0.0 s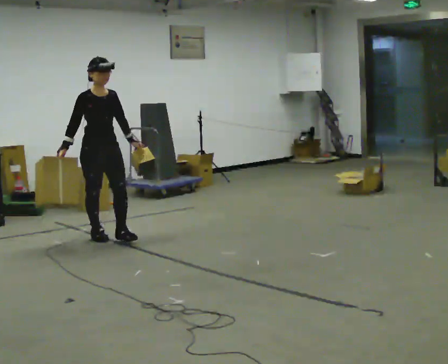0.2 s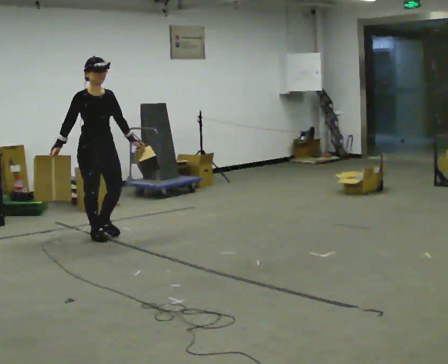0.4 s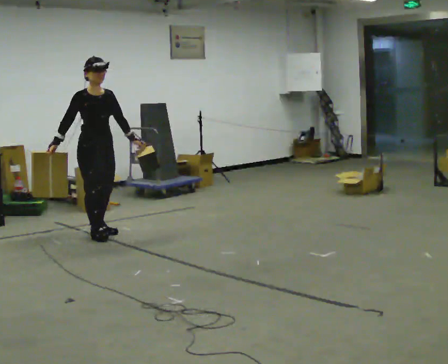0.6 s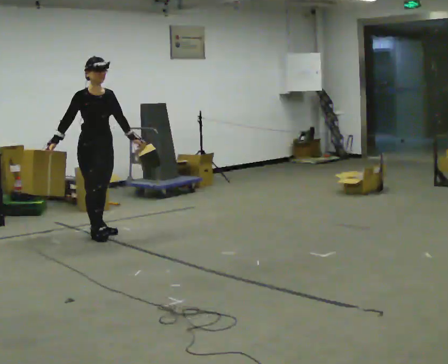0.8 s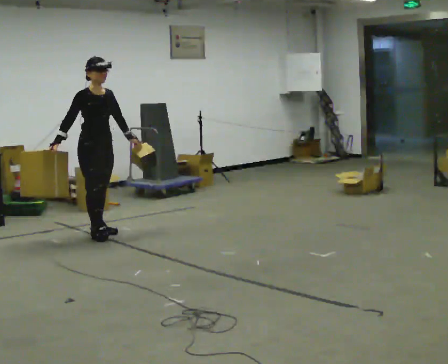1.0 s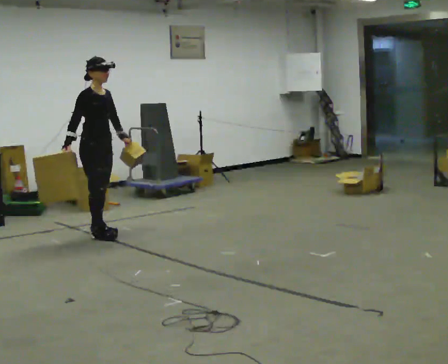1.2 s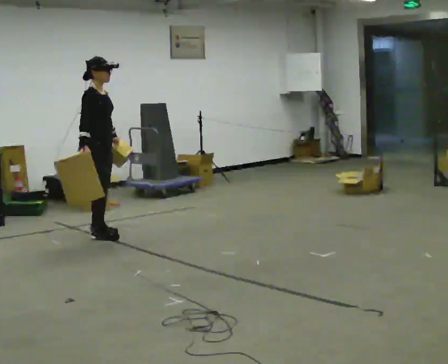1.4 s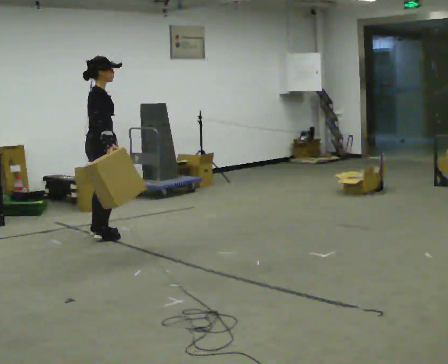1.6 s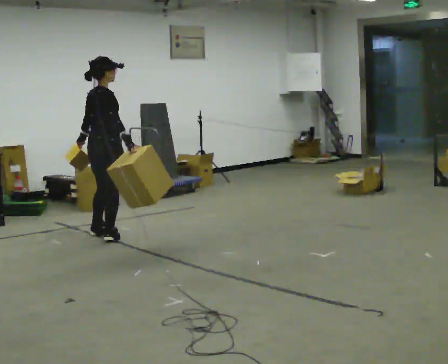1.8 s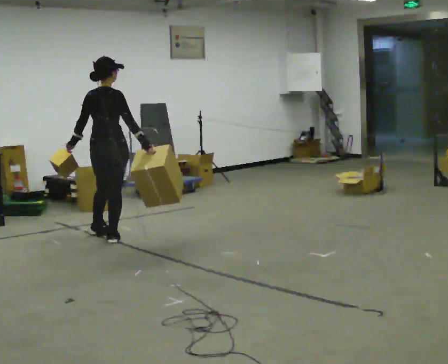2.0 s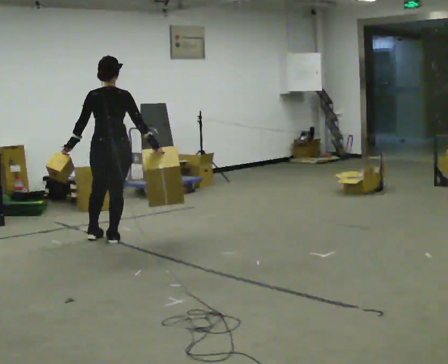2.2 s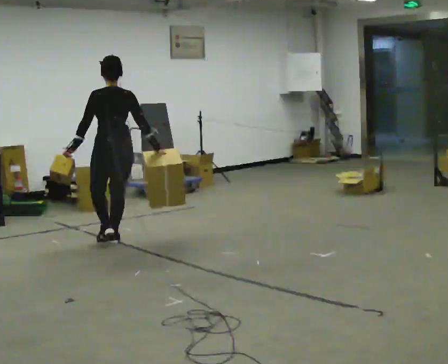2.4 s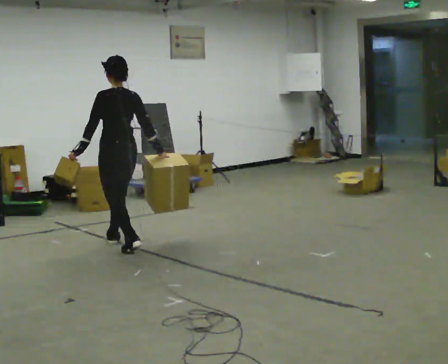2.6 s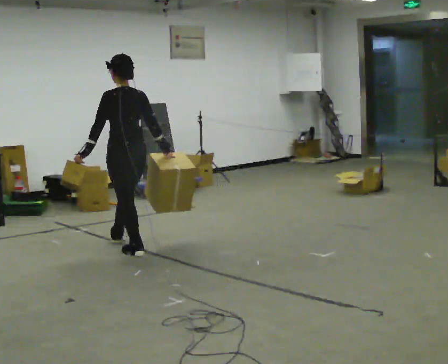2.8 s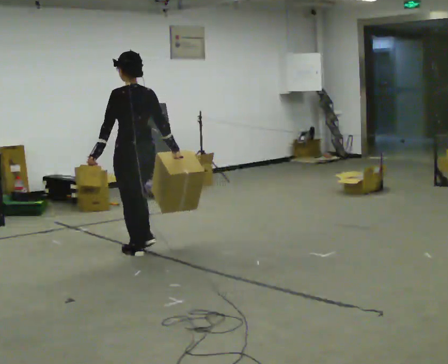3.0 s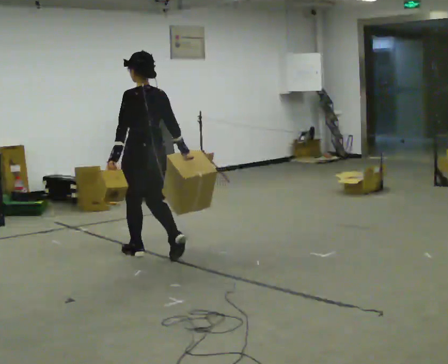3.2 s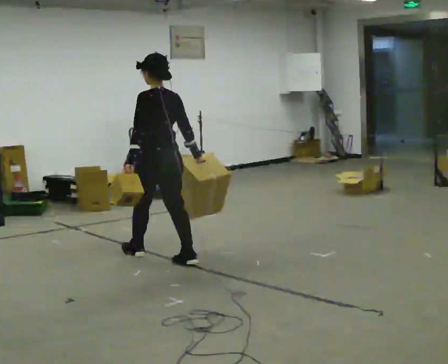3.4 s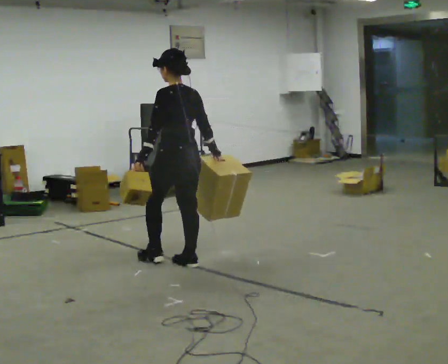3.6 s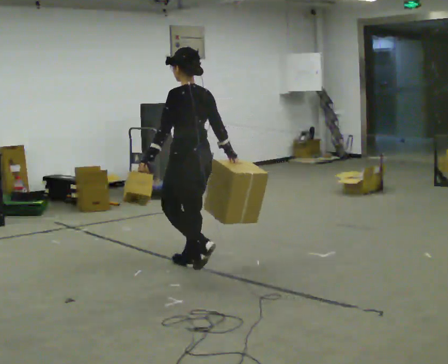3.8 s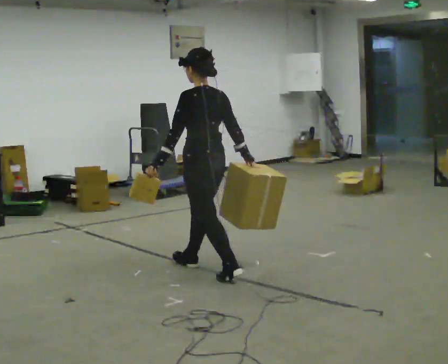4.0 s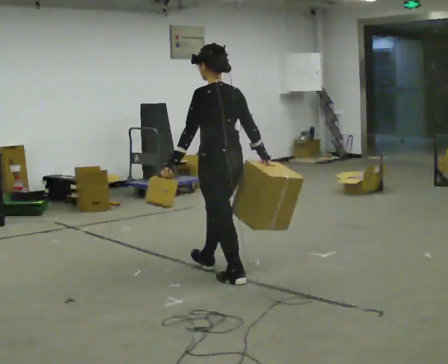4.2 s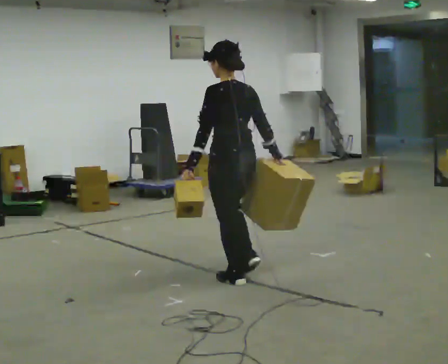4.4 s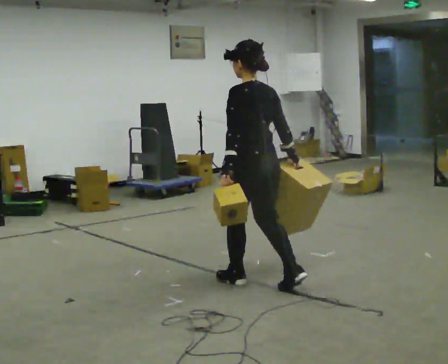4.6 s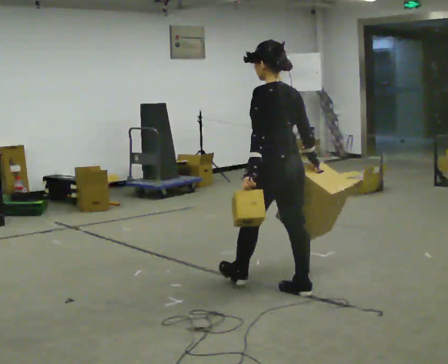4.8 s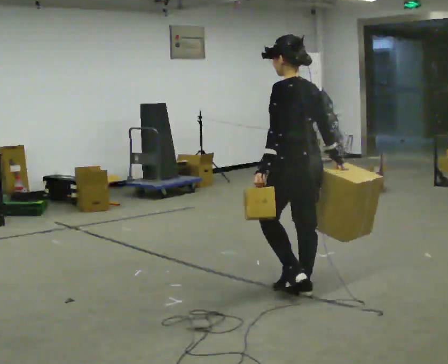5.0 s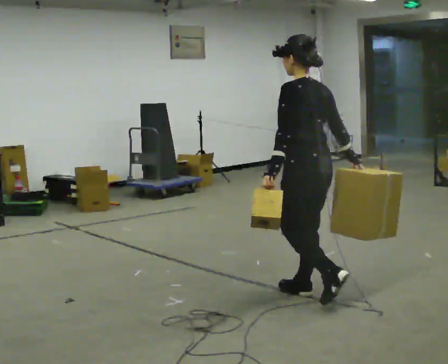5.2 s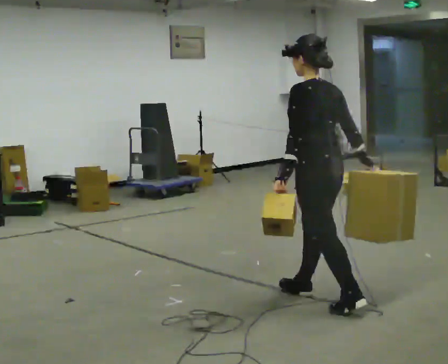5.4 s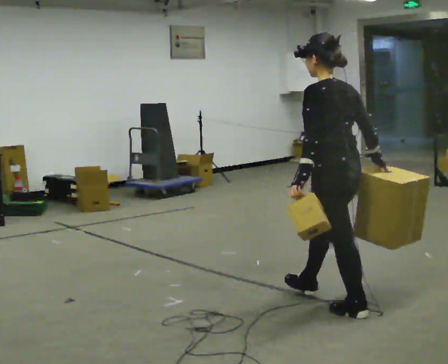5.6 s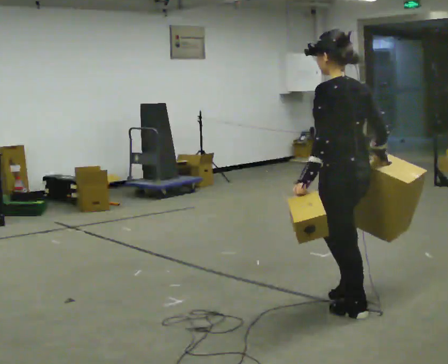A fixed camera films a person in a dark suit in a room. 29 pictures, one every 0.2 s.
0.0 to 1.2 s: The person turns about 45 degrees to their left, counterclockwise seen from above, so the part of the body nearest the lens slides to the right. In the picture they go away from the camera, about 0.25 m in 1 step, which for them is backward.
1.2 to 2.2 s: The part of the body nearest the lens slides to the right as the person turns to their left by about 120 degrees. In the picture they go toward the camera and to the right, about 0.5 m in 1 step.
2.2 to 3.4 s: In the picture they go toward the camera and to the right, about 1 m in 2 steps, which for them is backward.
3.4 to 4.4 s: In the picture they go toward the camera and to the right, about 1 m in 1 step, which for them is backward.
4.4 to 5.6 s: In the picture they go toward the camera and to the right, about 1 m in 2 steps, which for them is backward.
The film runs backward here.
